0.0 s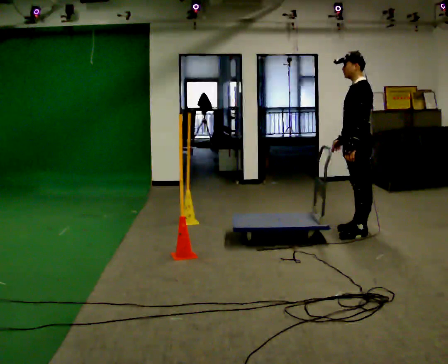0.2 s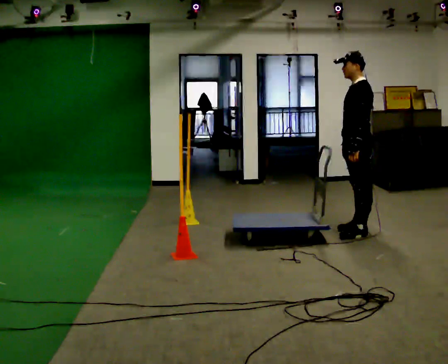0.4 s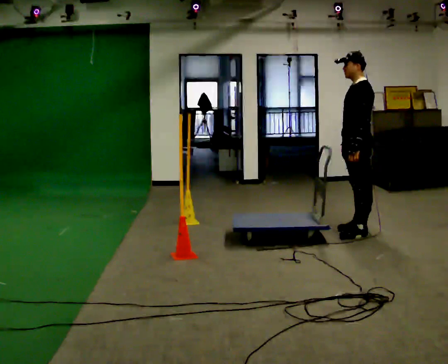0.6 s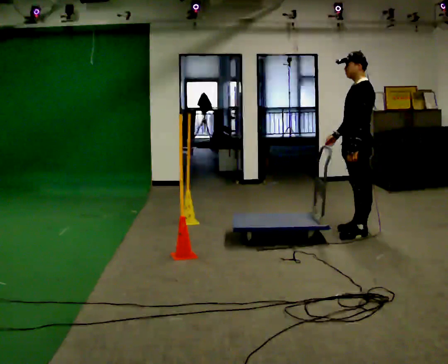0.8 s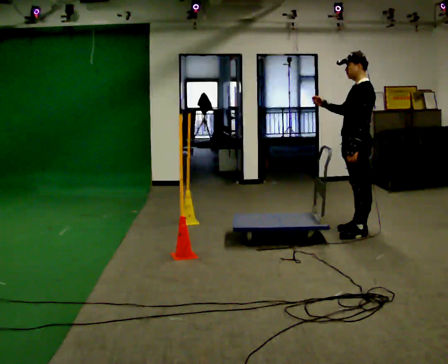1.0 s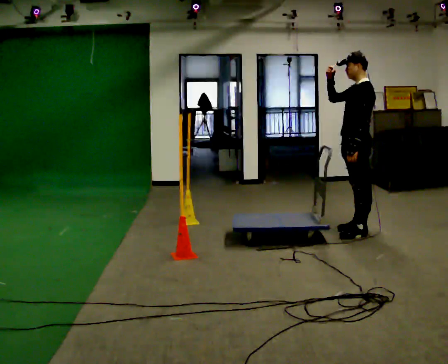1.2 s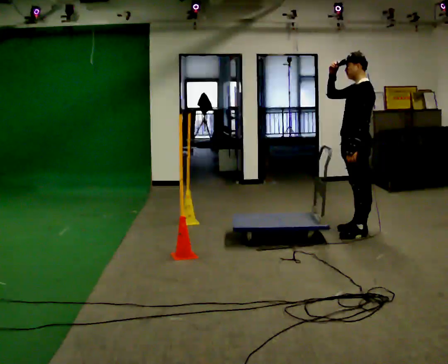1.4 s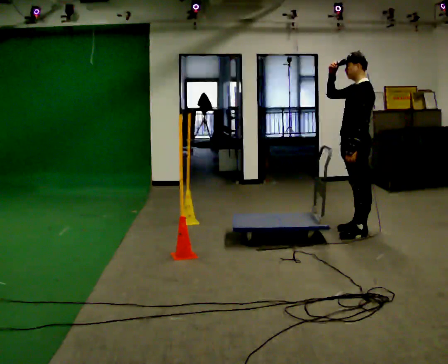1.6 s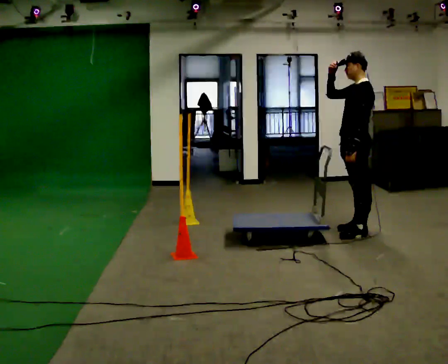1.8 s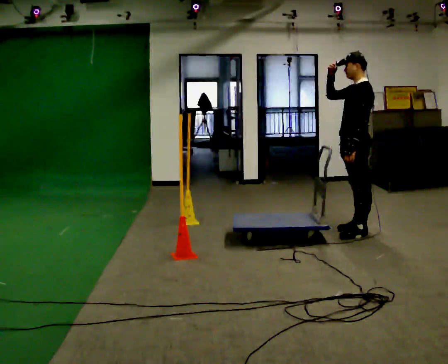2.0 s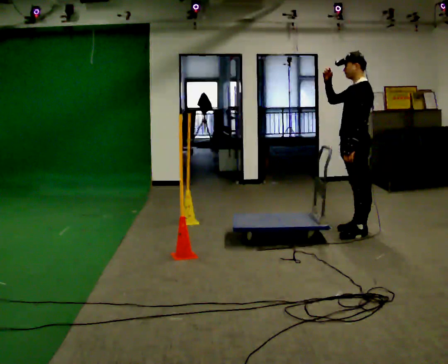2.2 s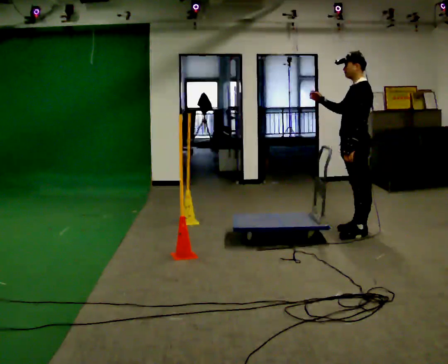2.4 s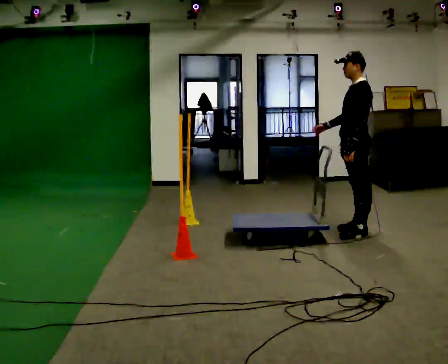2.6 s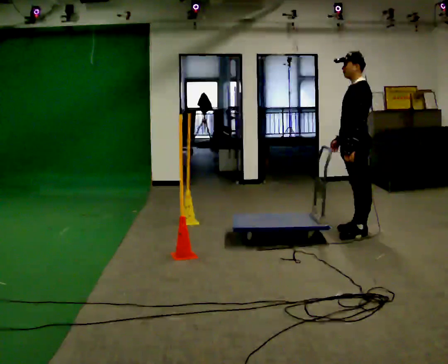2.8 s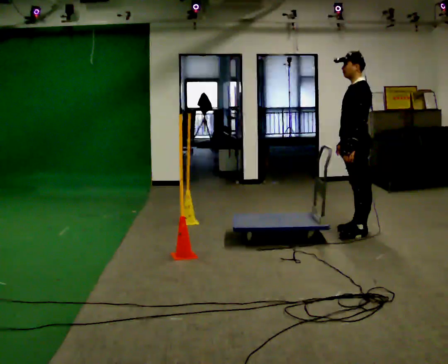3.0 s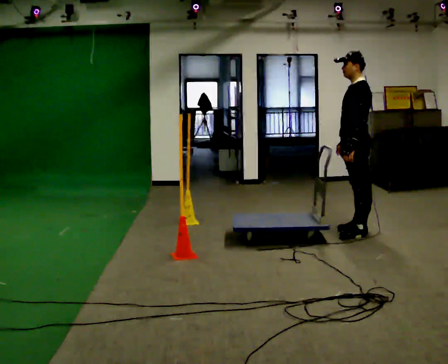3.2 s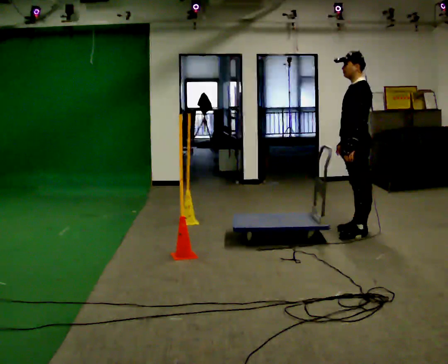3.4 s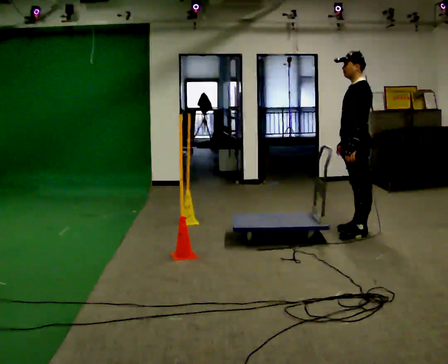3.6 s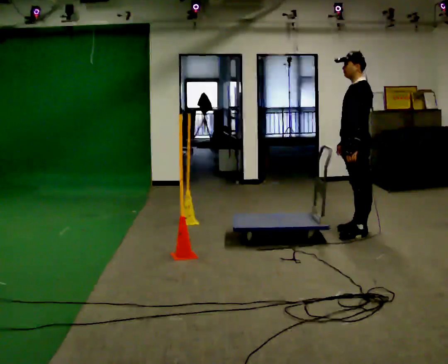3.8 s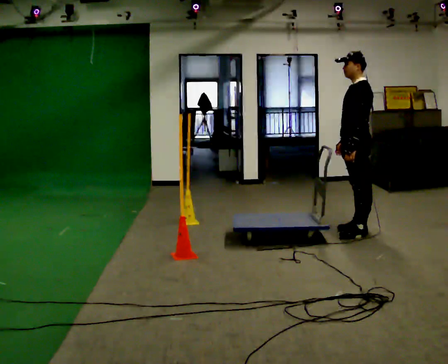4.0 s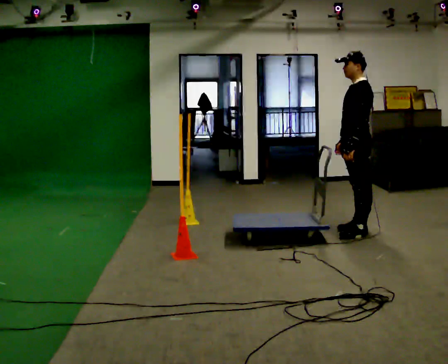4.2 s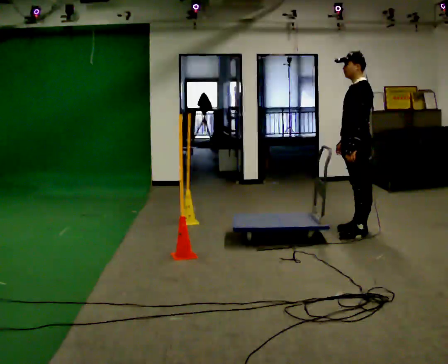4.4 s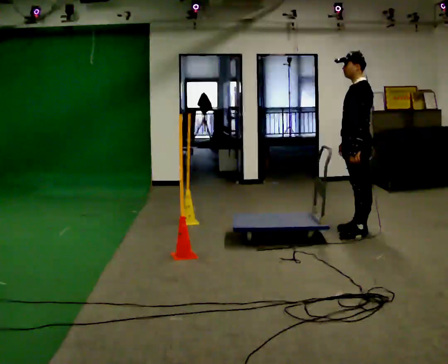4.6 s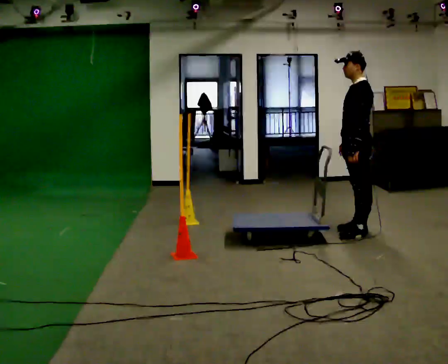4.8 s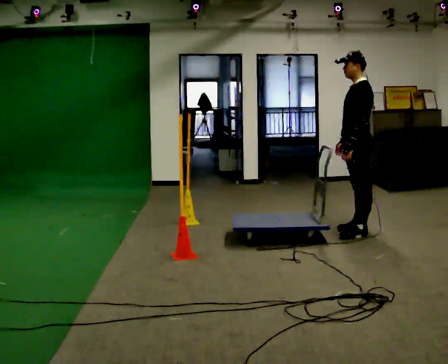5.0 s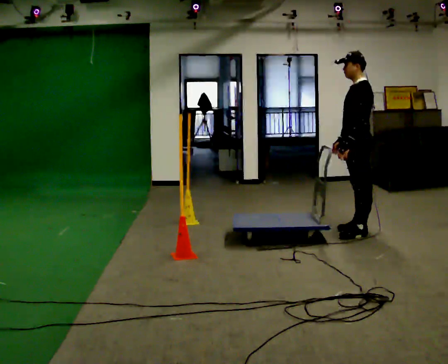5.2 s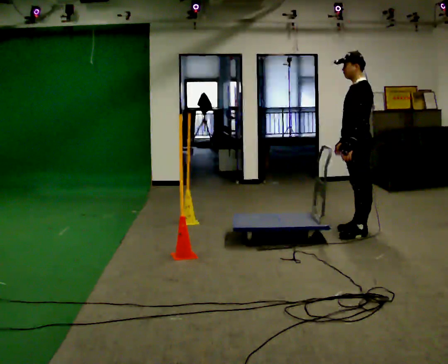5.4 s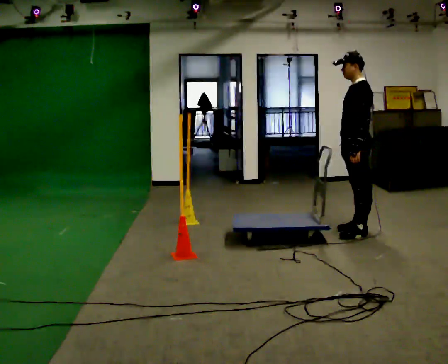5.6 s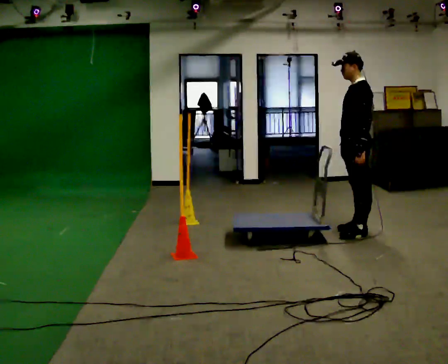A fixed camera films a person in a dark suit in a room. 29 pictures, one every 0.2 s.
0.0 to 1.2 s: In the picture their right hand goes upward, the arm swinging clockwise.
1.2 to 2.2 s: The person moves a little, or ends about where they began.
2.2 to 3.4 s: In the picture their right hand goes downward, the arm swinging counterclockwise.
3.4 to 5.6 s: The person moves a little, or ends about where they began.
The film runs backward here.
